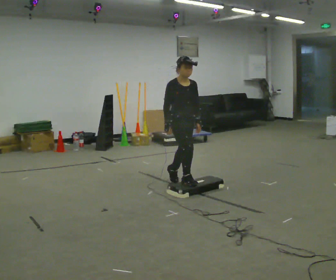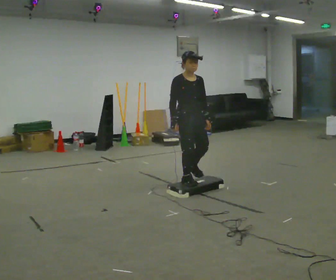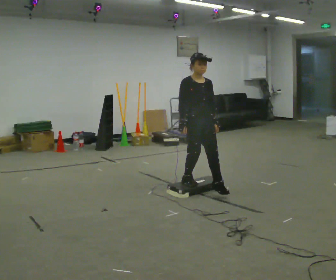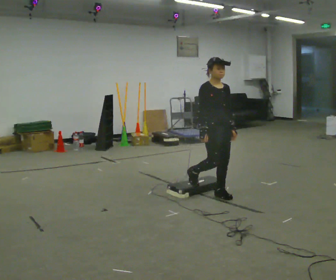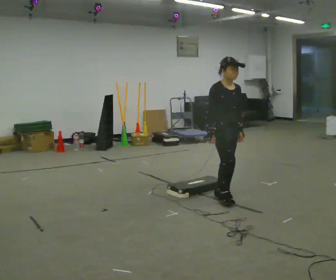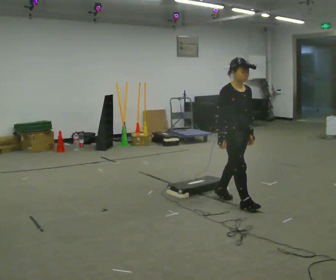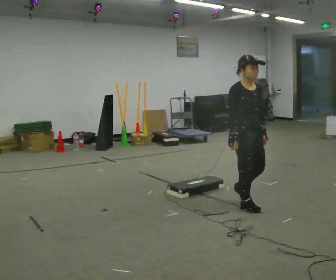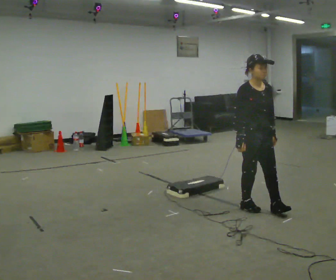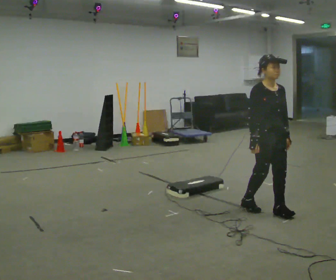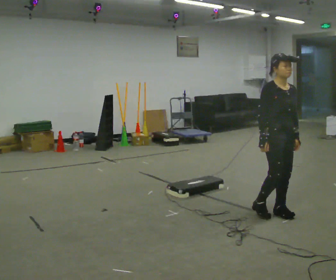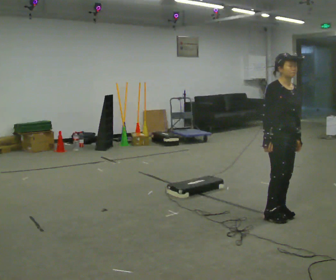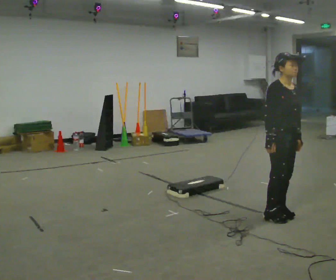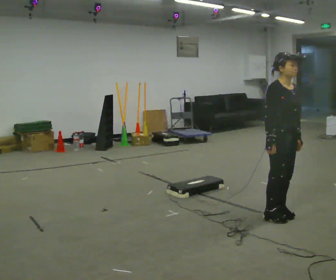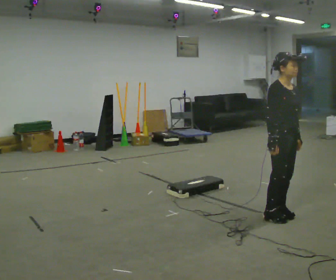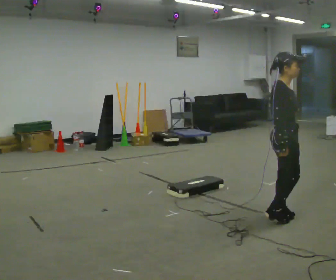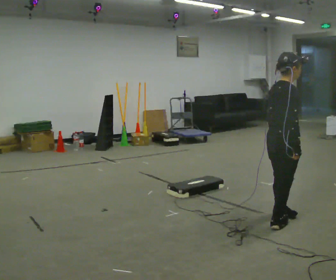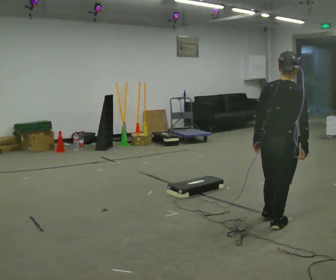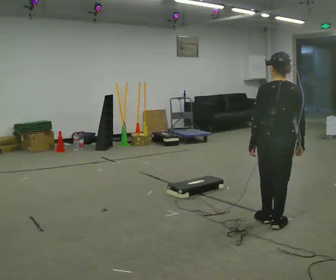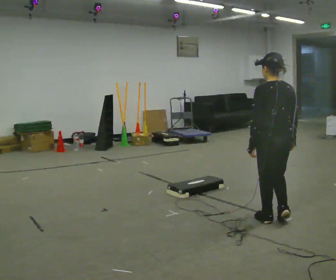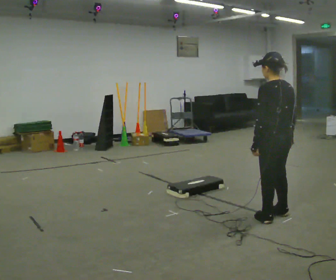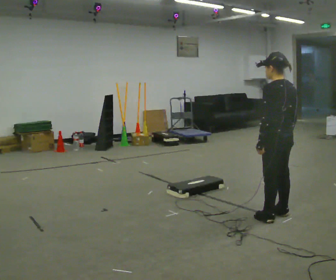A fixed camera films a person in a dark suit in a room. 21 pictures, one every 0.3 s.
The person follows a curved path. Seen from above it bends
clockwise.
The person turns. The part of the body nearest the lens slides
to the right.
0.0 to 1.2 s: In the picture they go to the right and toward the camera, about 0.75 m in 1 step, which for them is forward.
1.2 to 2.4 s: In the picture they go toward the camera and to the right, about 0.5 m in 2 steps, which for them is forward.
2.4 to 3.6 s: The person moves a little, or ends about where they began.
3.6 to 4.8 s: The part of the body nearest the lens slides to the right as the person turns to their left by about 120 degrees. In the picture they go toward the camera, about 0.25 m in 1 step. In the picture their left hand goes to the left, the arm swinging clockwise.
4.8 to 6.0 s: The person turns about 60 degrees to their left, counterclockwise seen from above, so the part of the body nearest the lens slides to the right. In the picture they go away from the camera, about 0.25 m in 2 steps.
The film runs forward here.
